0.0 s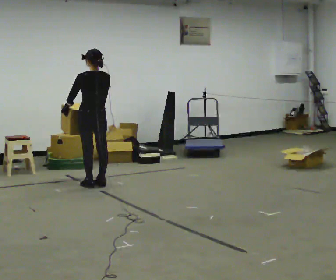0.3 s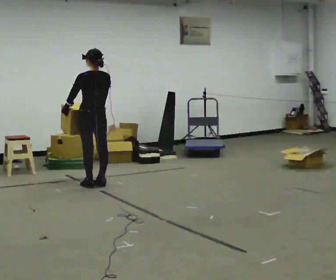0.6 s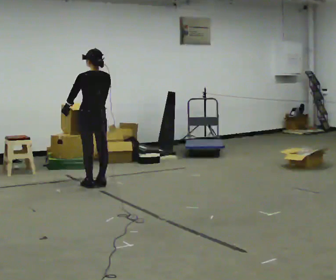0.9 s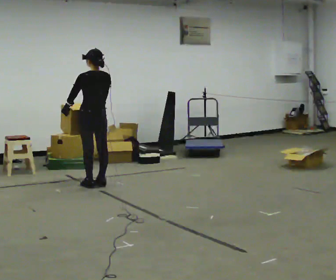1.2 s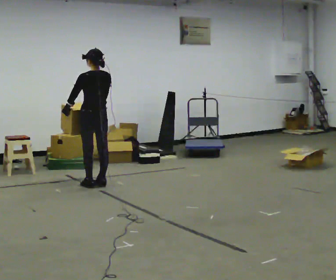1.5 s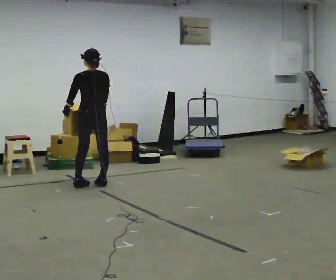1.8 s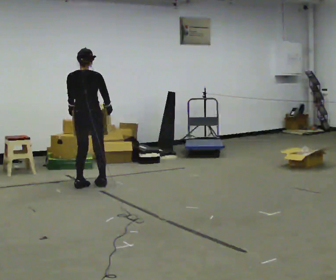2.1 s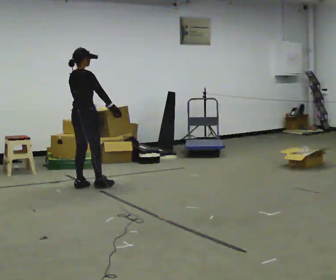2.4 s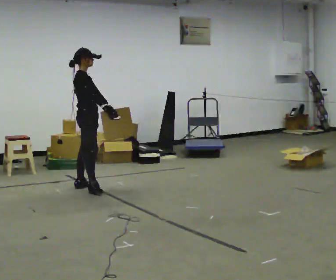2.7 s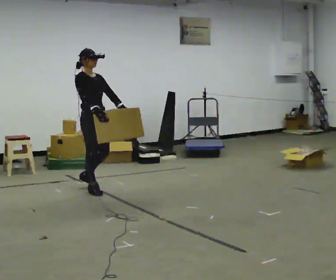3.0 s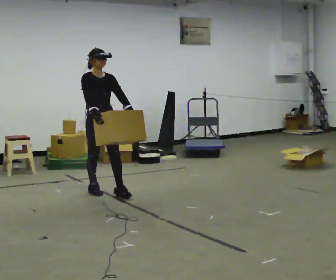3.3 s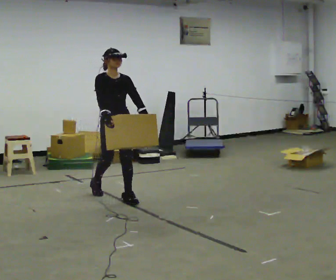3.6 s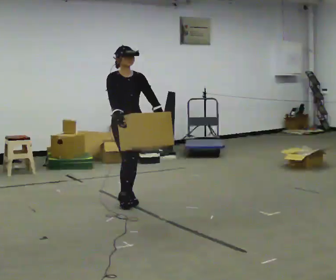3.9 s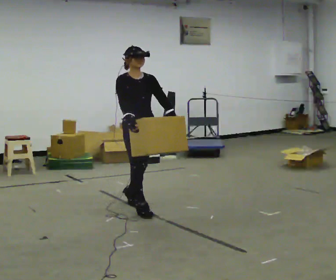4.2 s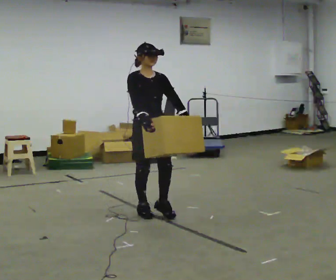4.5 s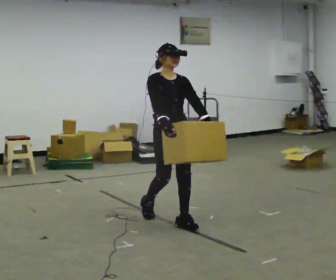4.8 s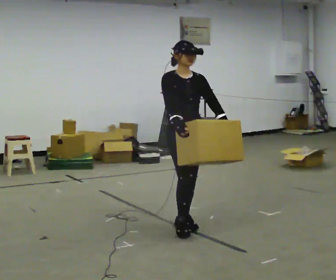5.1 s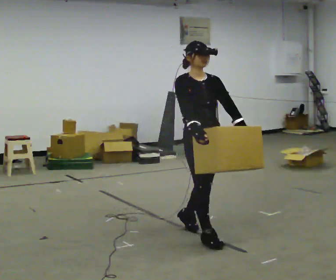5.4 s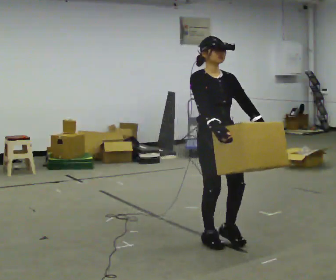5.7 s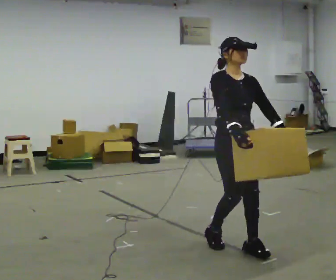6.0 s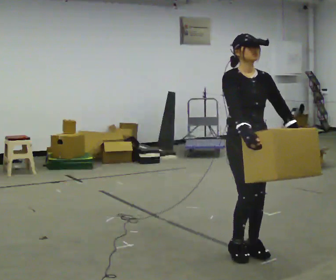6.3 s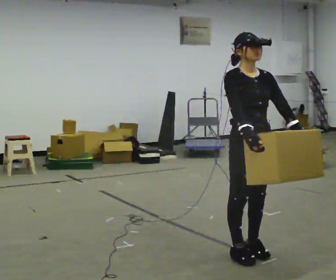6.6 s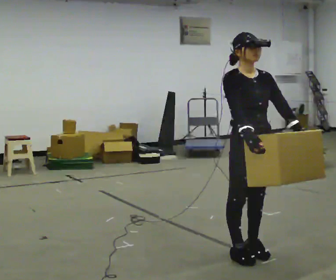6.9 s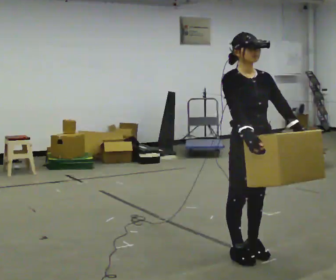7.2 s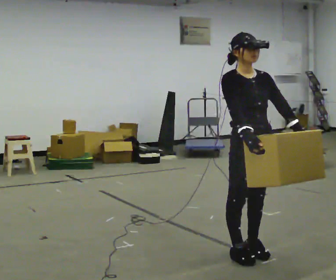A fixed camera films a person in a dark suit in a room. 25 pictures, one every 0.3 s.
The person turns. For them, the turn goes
to their right.
Their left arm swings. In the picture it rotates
counterclockwise.
0.0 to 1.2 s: The person keeps their place and pose.
1.2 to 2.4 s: The person turns about 120 degrees to their right, clockwise seen from above, so the part of the body nearest the lens slides to the left. In the picture they go toward the camera, about 0.25 m in 2 steps.
2.4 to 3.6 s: The person turns about 60 degrees to their right, clockwise seen from above, so the part of the body nearest the lens slides to the left. In the picture they go toward the camera and to the right, about 0.5 m in 1 step.
3.6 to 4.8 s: In the picture they go toward the camera and to the right, about 1 m in 2 steps, which for them is forward.
4.8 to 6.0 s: In the picture they go toward the camera and to the right, about 0.5 m in 2 steps, which for them is forward.
6.0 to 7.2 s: The person moves a little, or ends about where they began.
The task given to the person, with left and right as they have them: Carry the heavy box in both hands in front of you, walking back and forth across the room. Keep walking until the operator says stop. Set it down if you need a rest.
The film runs forward here.
